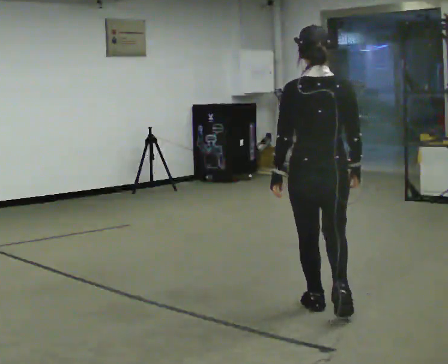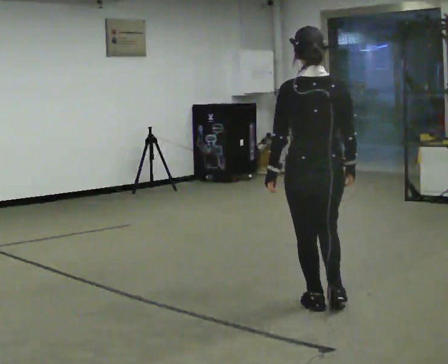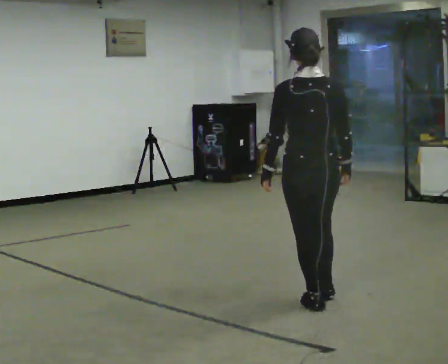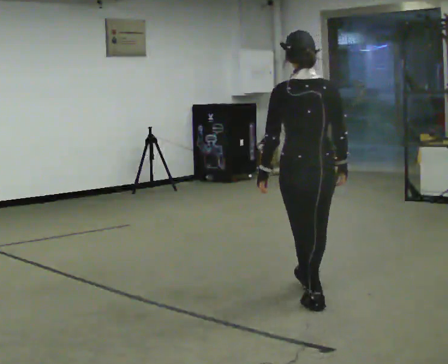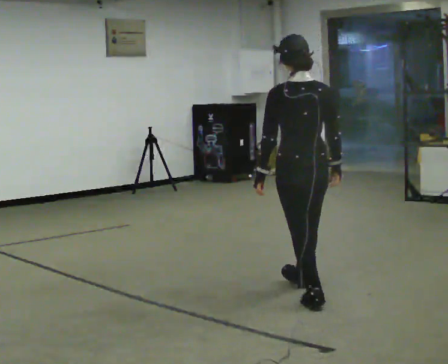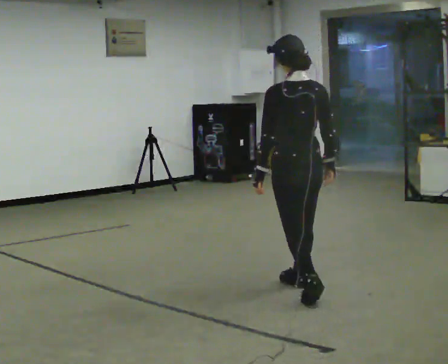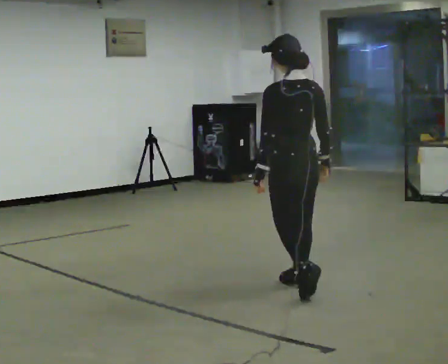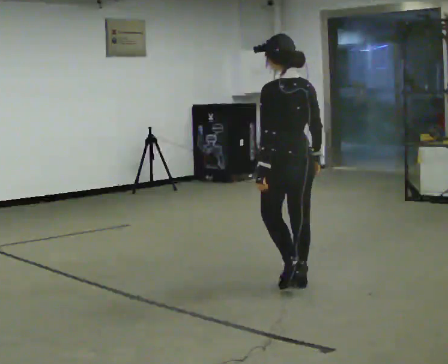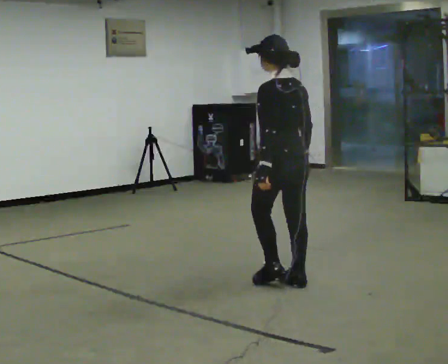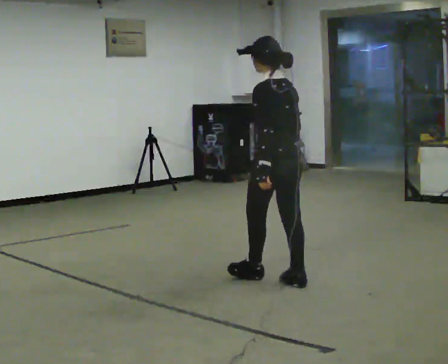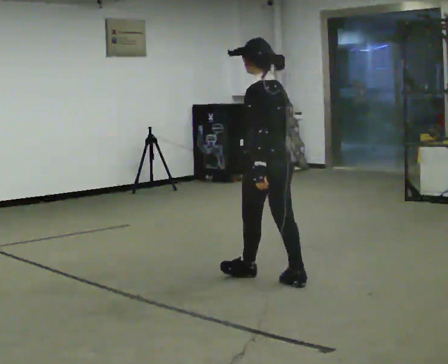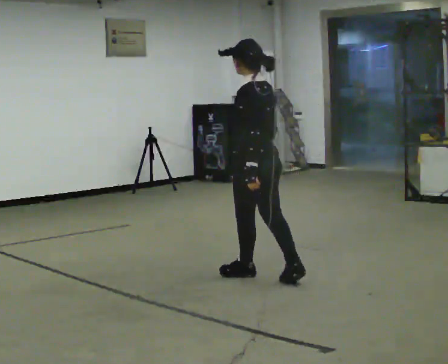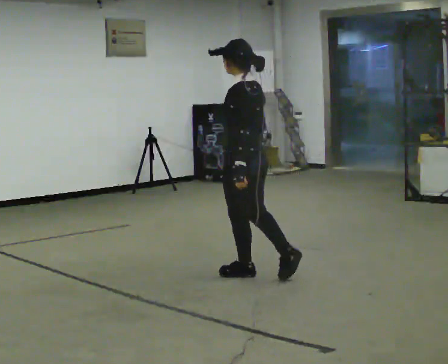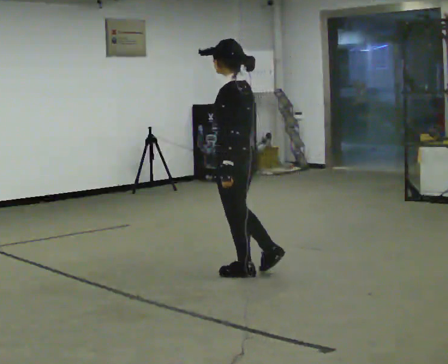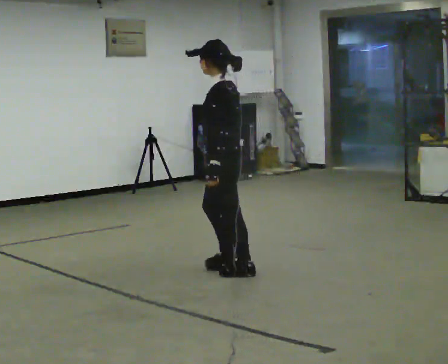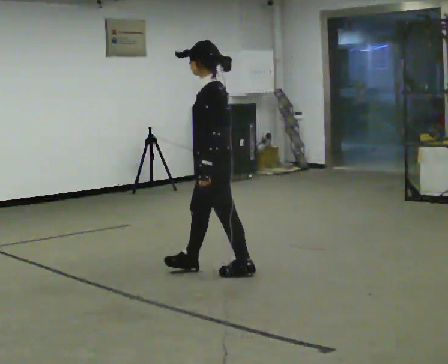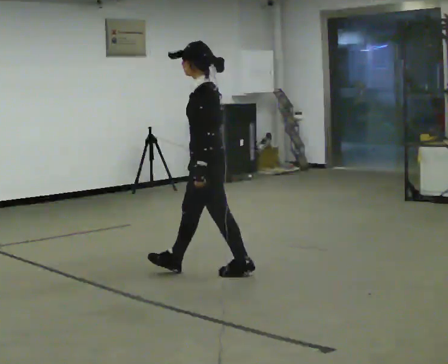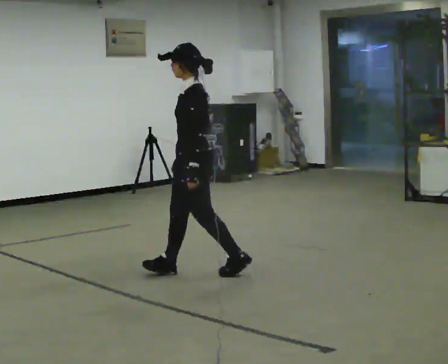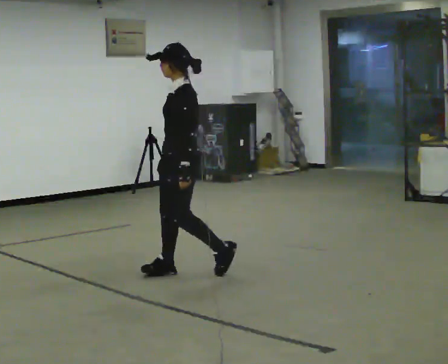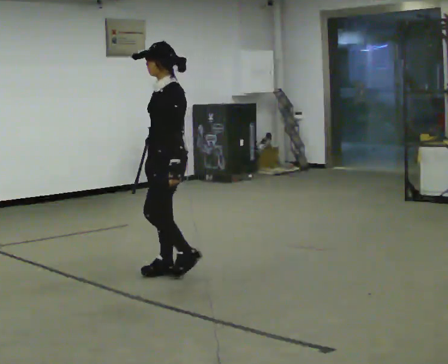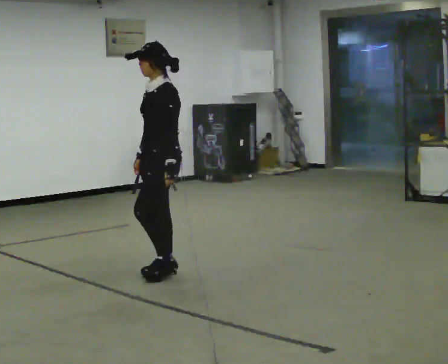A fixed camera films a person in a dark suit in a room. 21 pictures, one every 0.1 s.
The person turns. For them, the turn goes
to their left.
The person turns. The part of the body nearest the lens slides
to the right.
0.0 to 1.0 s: Seen from above the body turns counterclockwise, about 60 degrees: to their left, with its near side sliding to the right. In the picture they go away from the camera and to the left, about 1 m in 1 step, which for them is forward.
1.0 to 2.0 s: The part of the body nearest the lens slides to the right as the person turns to their left by about 60 degrees. In the picture they go to the left, about 0.5 m in 2 steps.
The film runs forward here.
